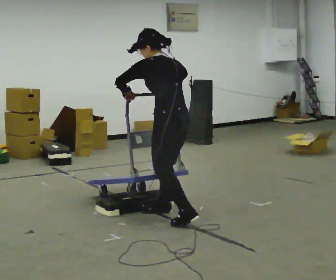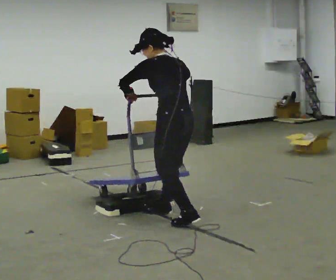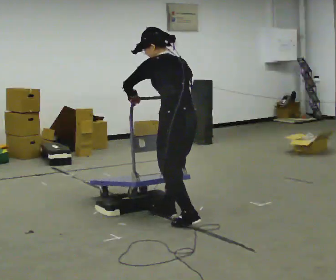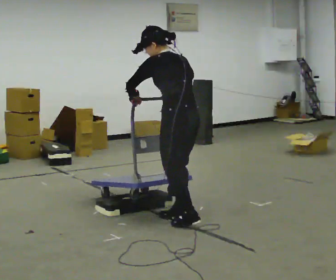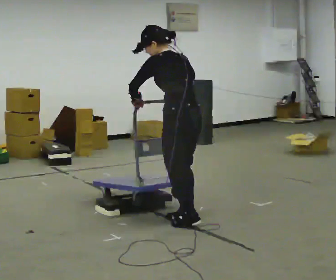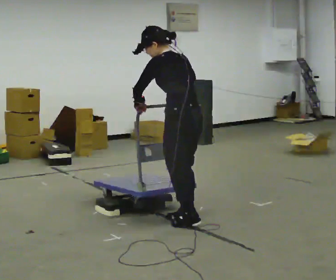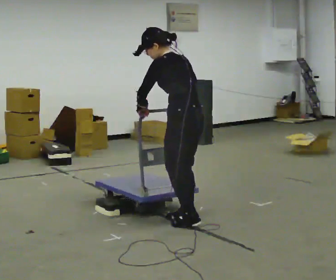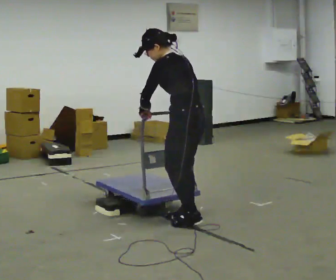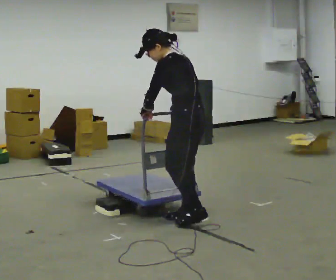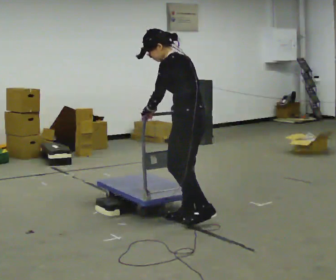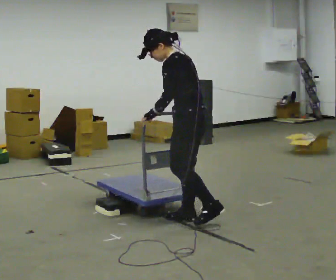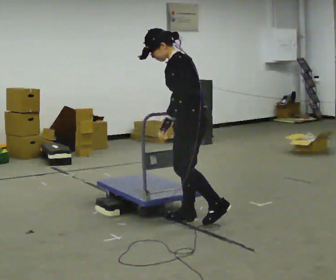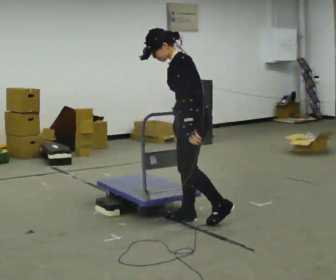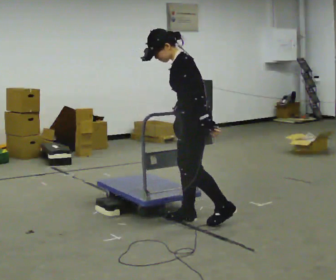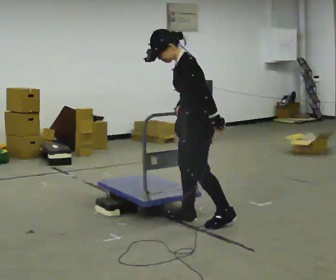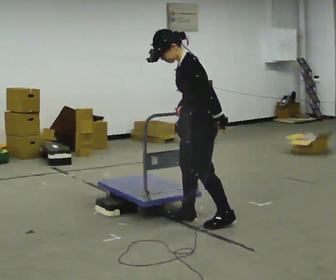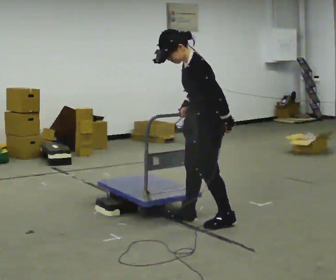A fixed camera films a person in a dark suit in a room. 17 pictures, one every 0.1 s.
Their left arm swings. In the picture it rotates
counterclockwise.
The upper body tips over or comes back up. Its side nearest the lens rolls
downward.
0.0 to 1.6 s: The person turns about 45 degrees to their left, counterclockwise seen from above, so the part of the body nearest the lens slides to the right. In the picture they go to the right, about 0.25 m in 2 steps, which for them is backward. The upper body tips toward the camera, its near side rolling downward.
The film runs forward here.
